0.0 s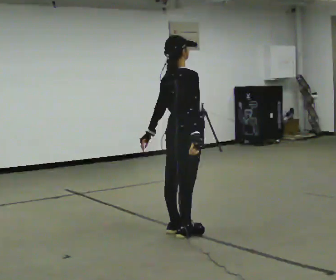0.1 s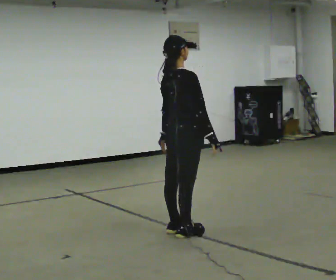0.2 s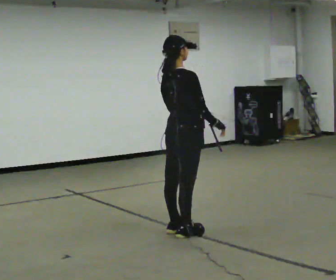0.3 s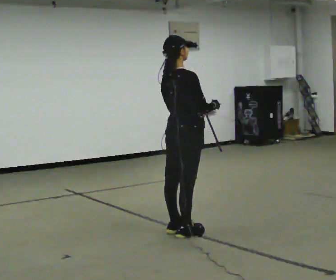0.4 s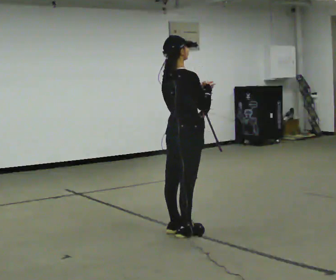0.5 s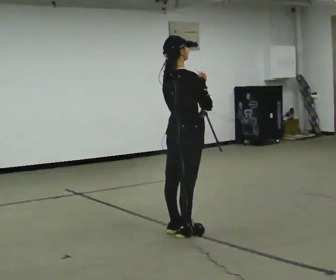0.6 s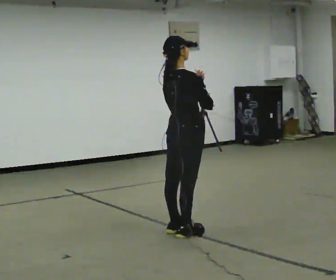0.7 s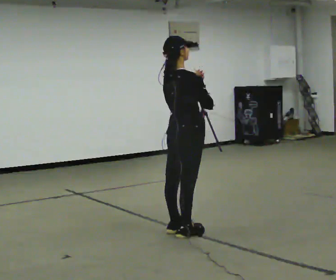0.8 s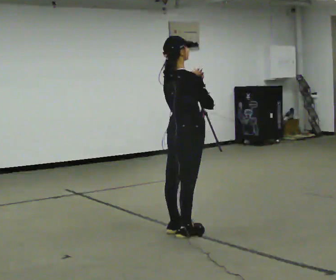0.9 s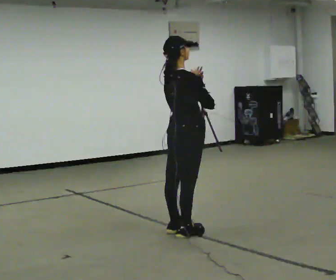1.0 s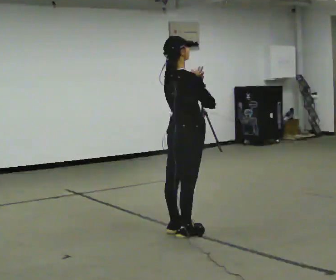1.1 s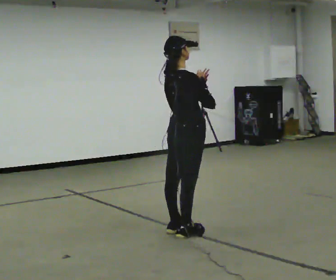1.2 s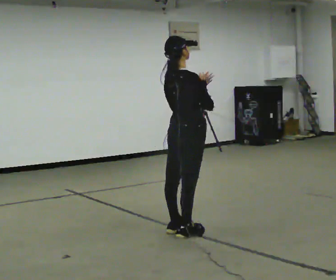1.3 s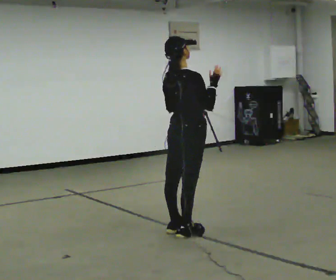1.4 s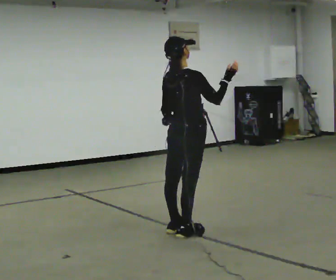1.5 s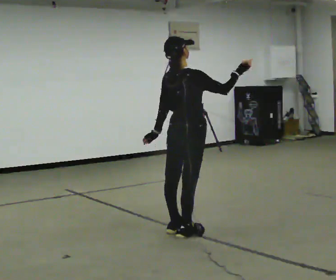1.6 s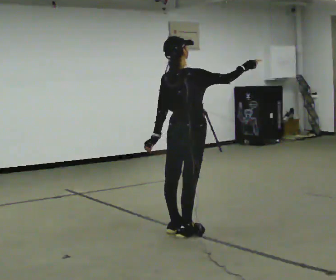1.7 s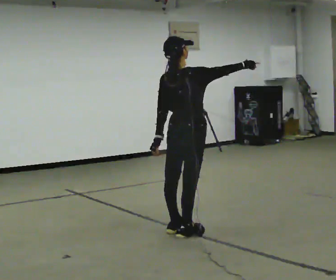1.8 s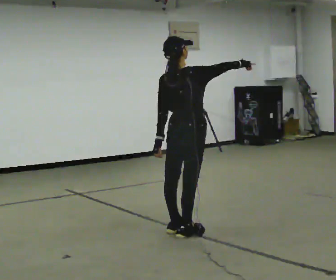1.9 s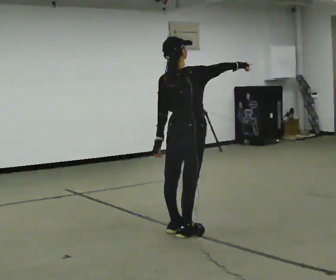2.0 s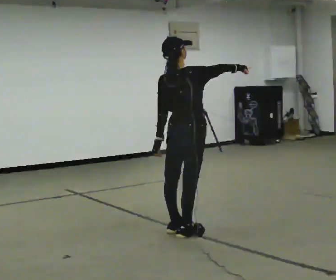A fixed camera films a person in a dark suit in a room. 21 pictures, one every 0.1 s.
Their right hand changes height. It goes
upward.
0.0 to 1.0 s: In the picture their left hand goes upward and to the right.
1.0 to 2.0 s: In the picture their left hand goes downward and to the left.
The film runs backward here.
